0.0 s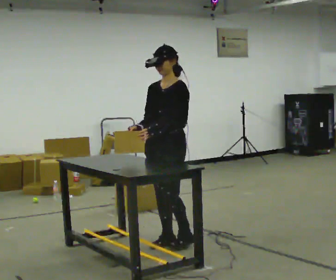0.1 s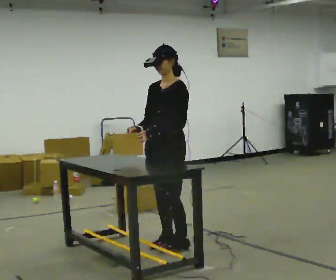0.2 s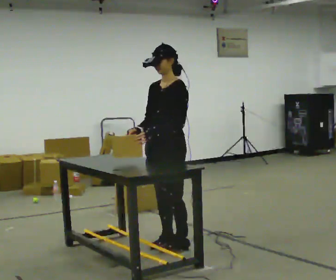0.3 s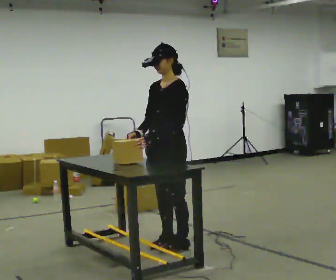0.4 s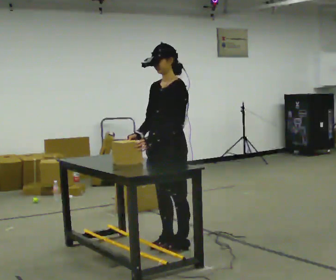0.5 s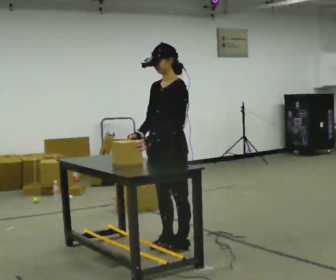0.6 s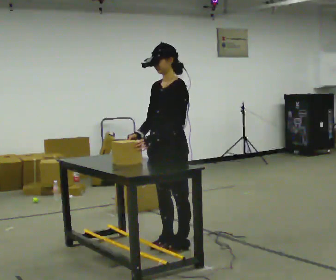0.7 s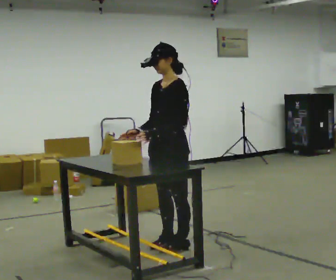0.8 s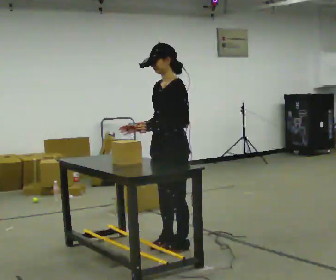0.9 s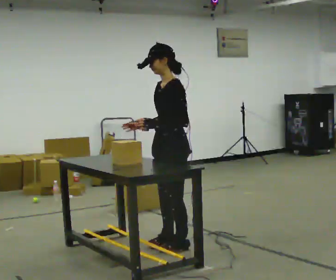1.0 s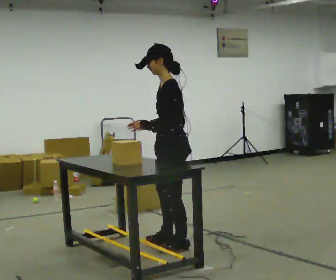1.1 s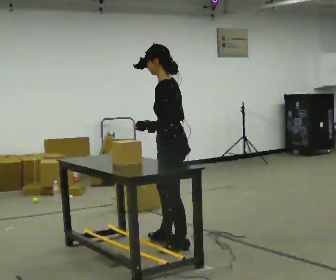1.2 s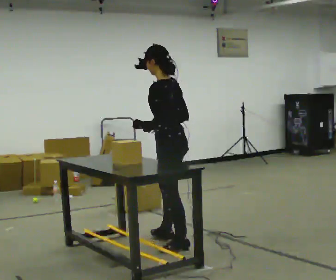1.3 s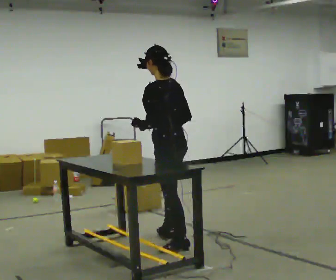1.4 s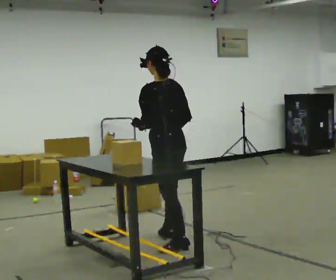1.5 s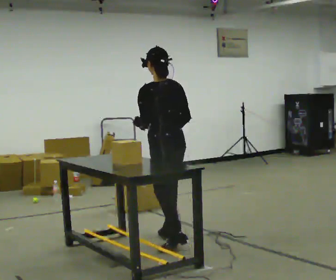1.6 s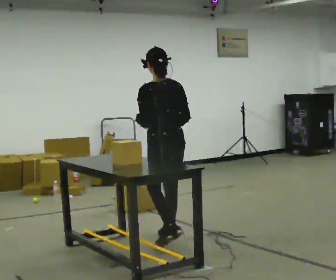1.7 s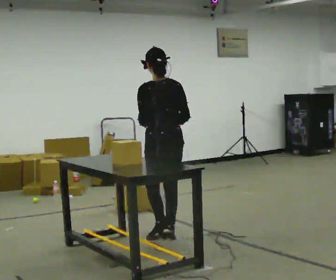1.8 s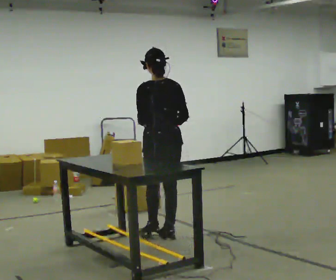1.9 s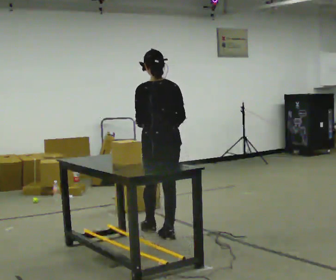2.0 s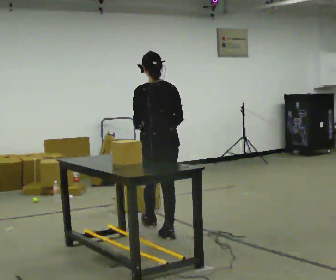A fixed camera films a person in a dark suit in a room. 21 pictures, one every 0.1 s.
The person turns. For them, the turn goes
to their right.
The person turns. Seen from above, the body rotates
clockwise.
0.0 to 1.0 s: Seen from above the body turns clockwise, about 45 degrees: to their right, with its near side sliding to the left.
1.0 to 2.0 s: Seen from above the body turns clockwise, about 75 degrees: to their right, with its near side sliding to the left. In the picture they go away from the camera, about 0.5 m.
The film runs forward here.
